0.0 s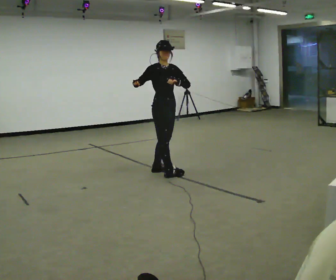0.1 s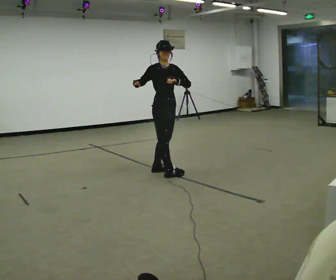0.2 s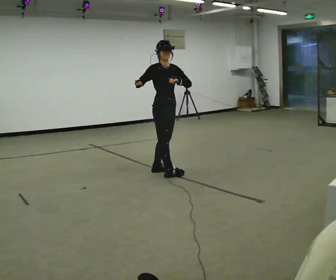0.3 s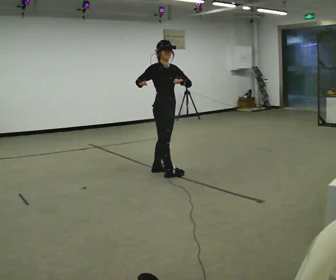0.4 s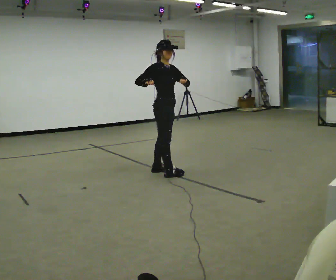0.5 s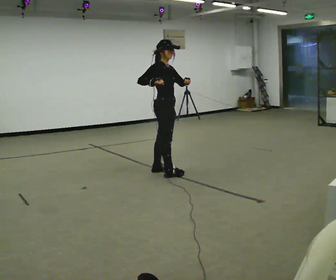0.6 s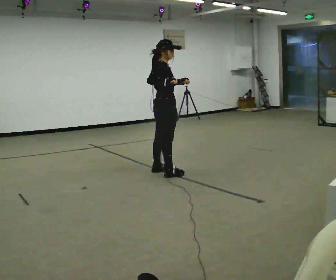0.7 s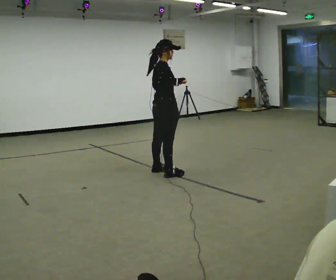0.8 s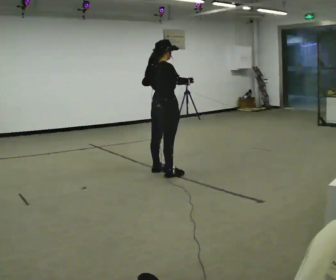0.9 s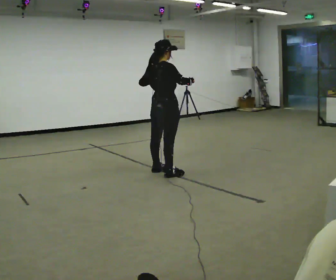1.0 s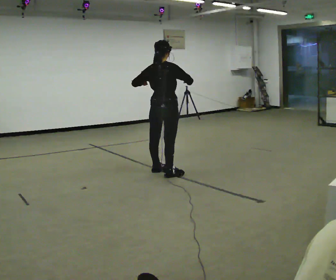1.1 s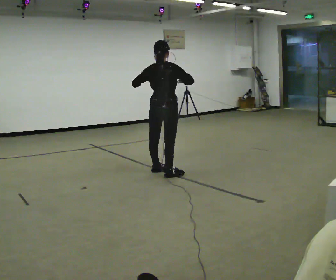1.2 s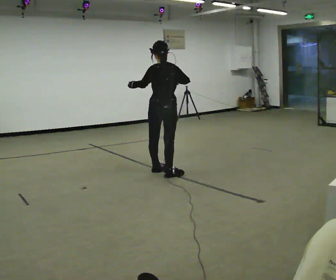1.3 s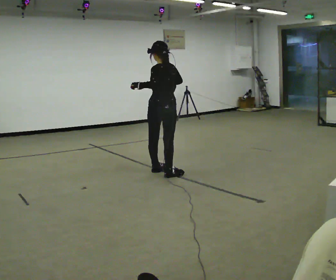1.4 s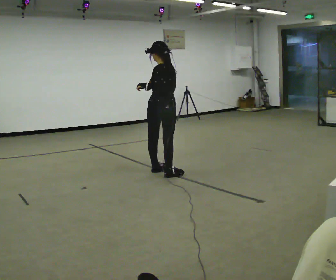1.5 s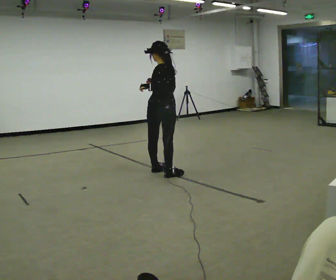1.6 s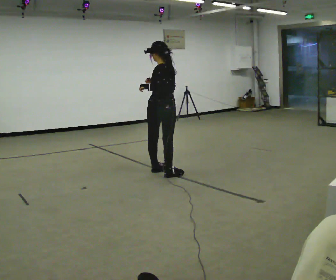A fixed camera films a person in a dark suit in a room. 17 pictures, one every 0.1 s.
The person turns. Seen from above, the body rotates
counterclockwise.
The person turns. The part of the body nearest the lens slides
to the right.
0.0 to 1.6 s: The person turns about 165 degrees to their left, counterclockwise seen from above, so the part of the body nearest the lens slides to the right.
The film runs forward here.
